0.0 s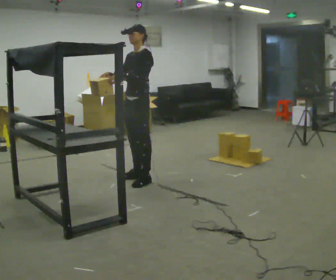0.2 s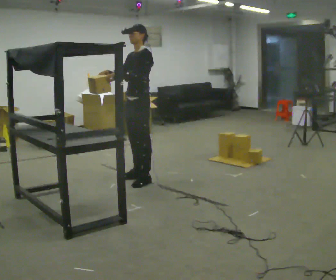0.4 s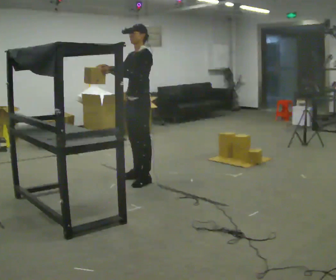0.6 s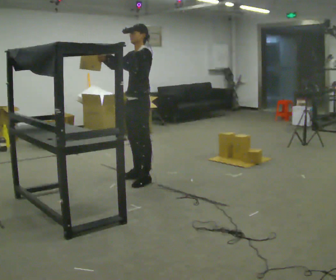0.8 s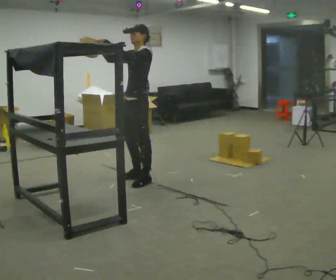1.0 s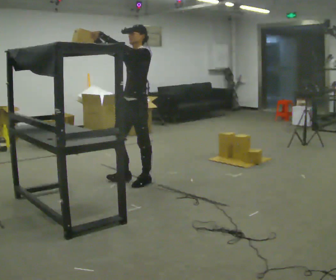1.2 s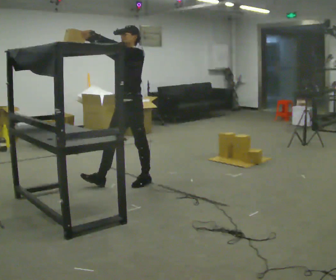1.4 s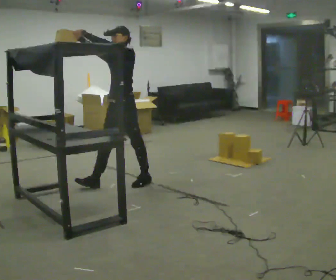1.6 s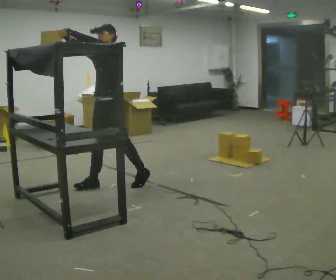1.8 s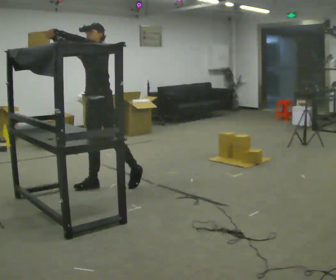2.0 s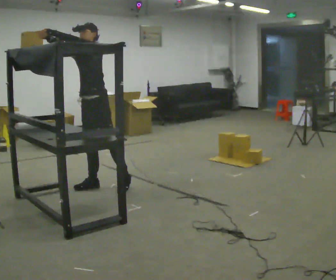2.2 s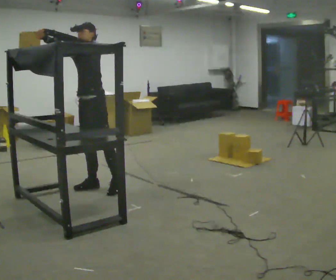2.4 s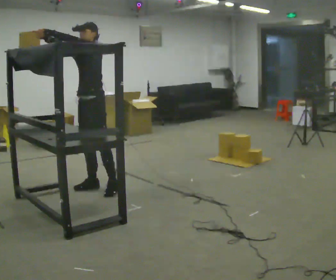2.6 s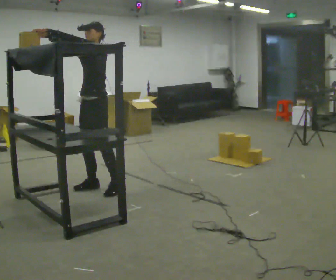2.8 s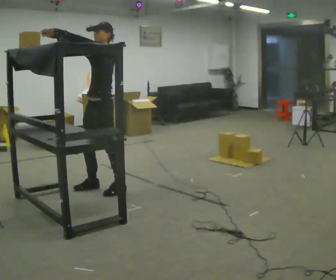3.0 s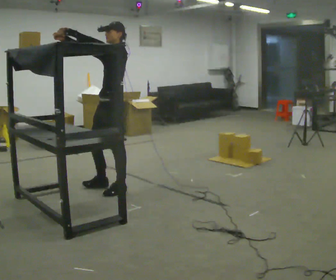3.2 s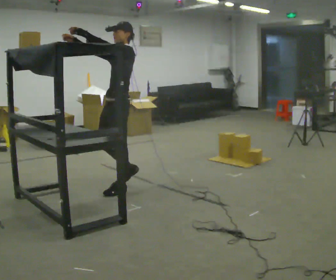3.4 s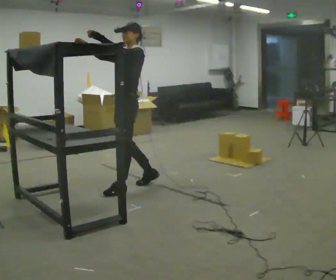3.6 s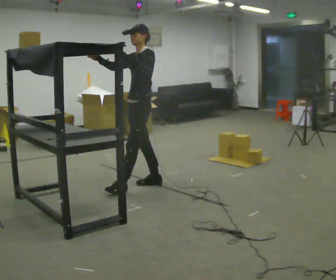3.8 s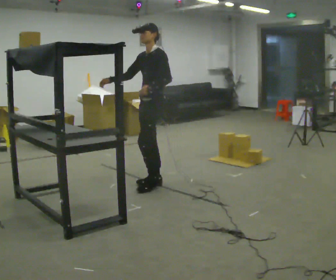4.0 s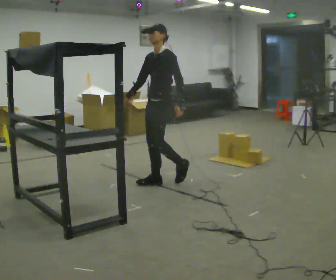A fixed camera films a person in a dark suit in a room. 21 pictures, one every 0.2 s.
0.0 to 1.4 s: In the picture they go toward the camera and to the left, about 0.25 m in 1 step, which for them is forward and to their left. In the picture their left hand goes upward, the arm swinging clockwise.
1.4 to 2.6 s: In the picture they go to the left, about 0.25 m in 1 step, which for them is forward and to their right.
2.6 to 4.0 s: In the picture they go to the right, about 0.5 m in 2 steps, which for them is backward. In the picture their left hand goes downward.
The film runs backward here.
